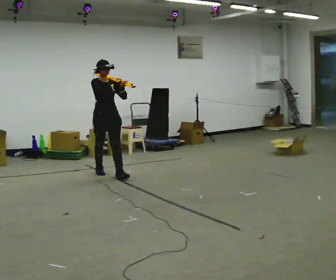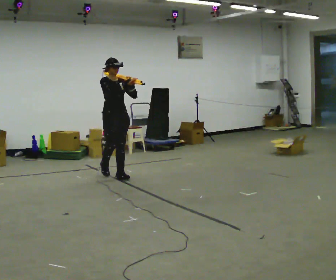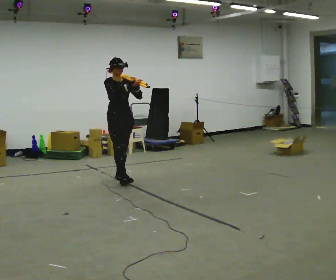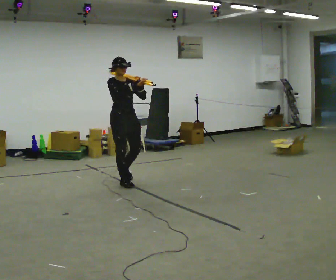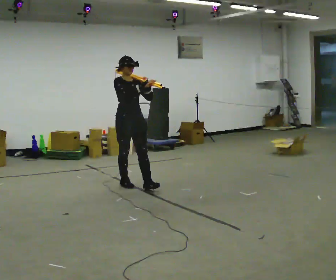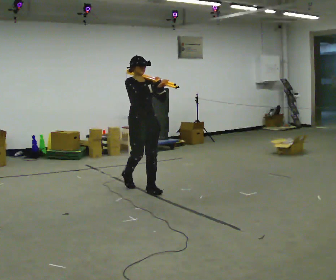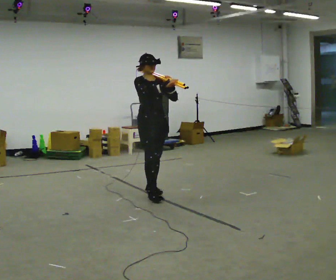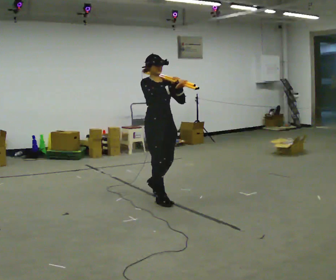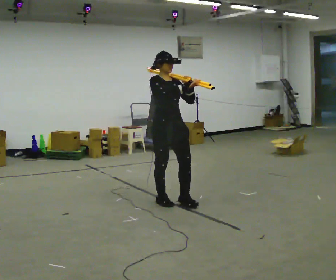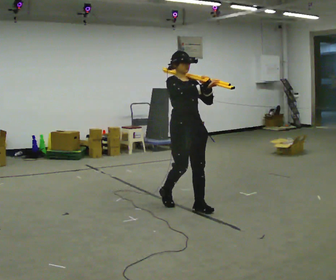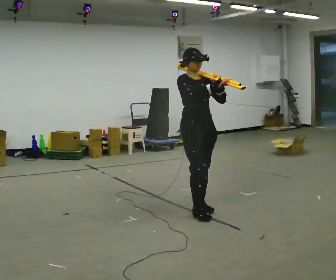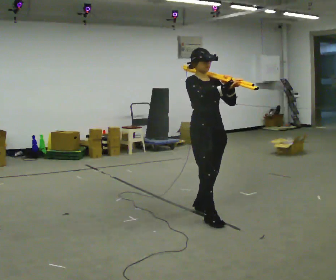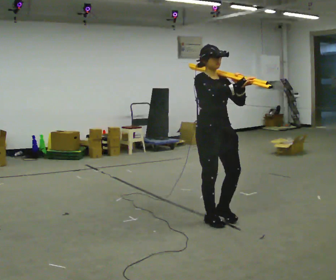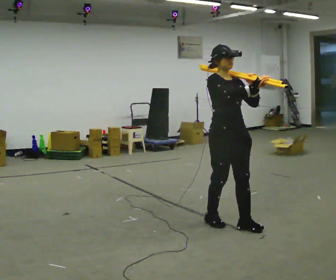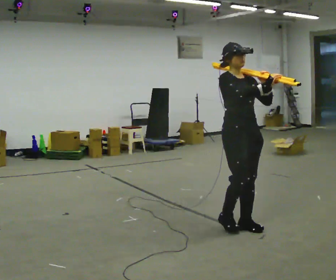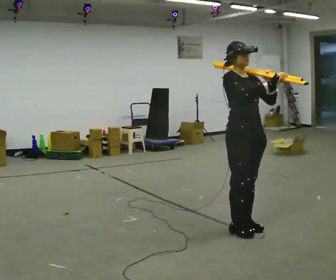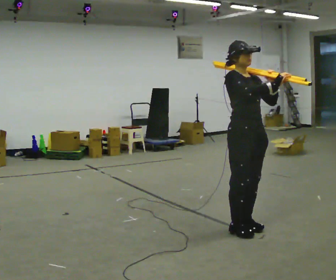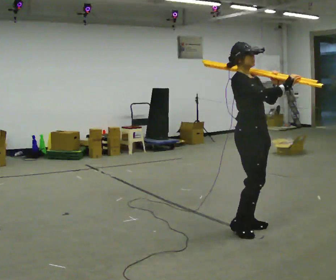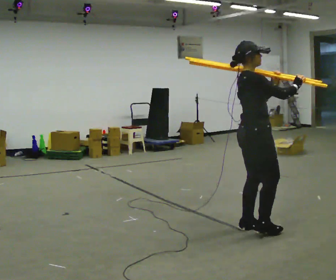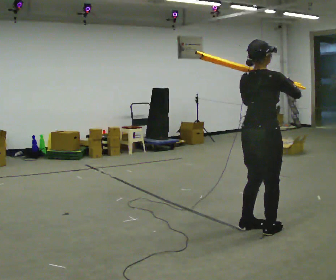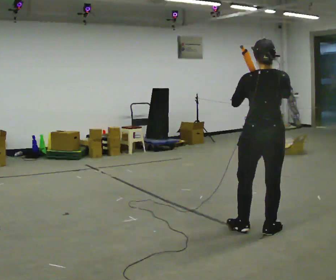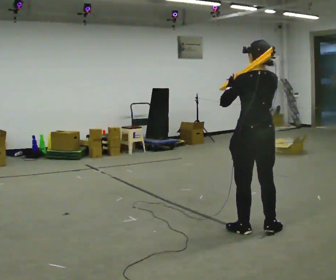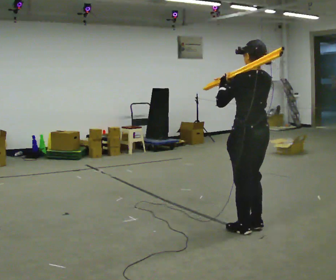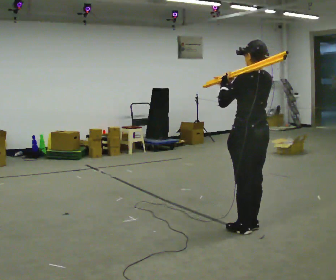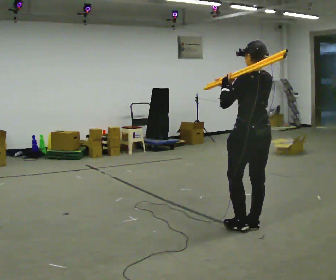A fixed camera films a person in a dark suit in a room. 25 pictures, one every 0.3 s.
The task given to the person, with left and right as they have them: Rest the long object on the shoulder the operator calls and carry it across the room, back and forth.
0.0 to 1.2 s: In the picture they go toward the camera and to the right, about 0.5 m in 1 step, which for them is forward.
1.2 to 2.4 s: In the picture they go toward the camera and to the right, about 1 m in 2 steps, which for them is forward.
2.4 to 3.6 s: In the picture they go toward the camera and to the right, about 0.5 m in 2 steps, which for them is forward.
3.6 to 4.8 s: In the picture they go toward the camera and to the right, about 0.25 m in 2 steps, which for them is forward.
4.8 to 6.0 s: The part of the body nearest the lens slides to the right as the person turns to their left by about 135 degrees. In the picture they go to the right, about 0.25 m in 1 step.
6.0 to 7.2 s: The part of the body nearest the lens slides to the right as the person turns to their left by about 45 degrees. In the picture their right hand goes to the left.
The film runs forward here.
